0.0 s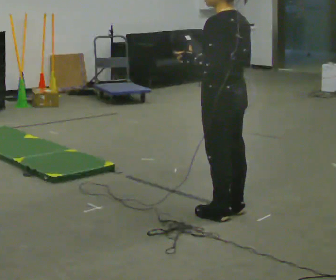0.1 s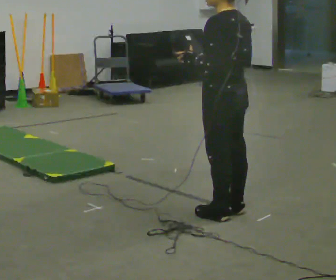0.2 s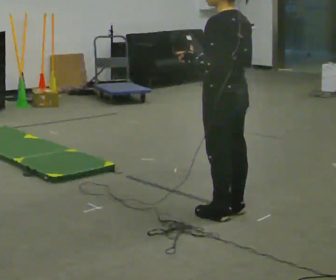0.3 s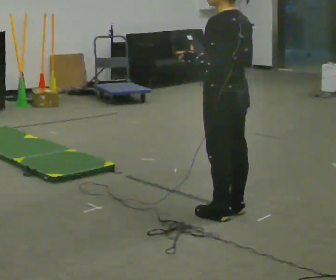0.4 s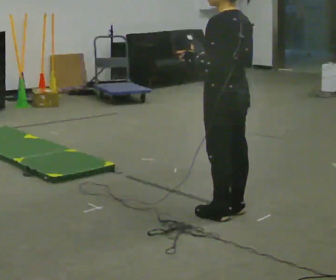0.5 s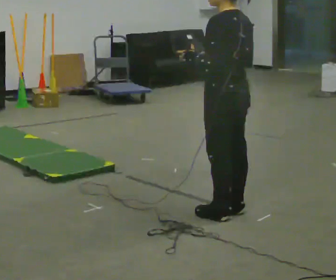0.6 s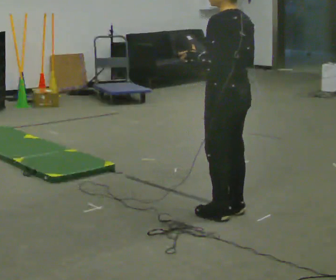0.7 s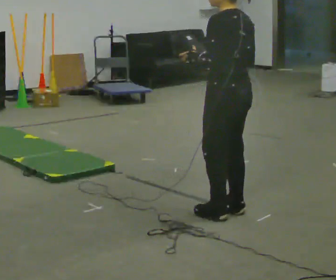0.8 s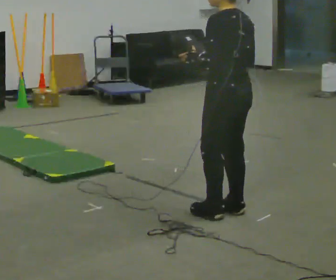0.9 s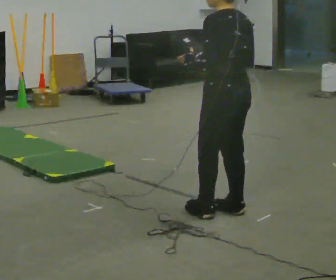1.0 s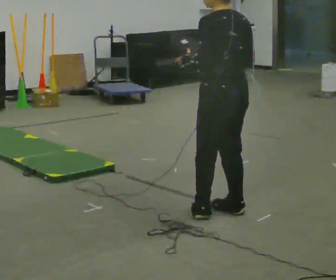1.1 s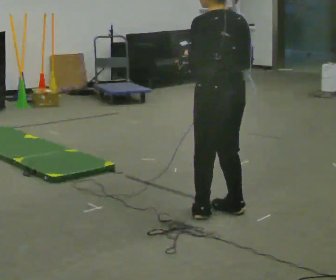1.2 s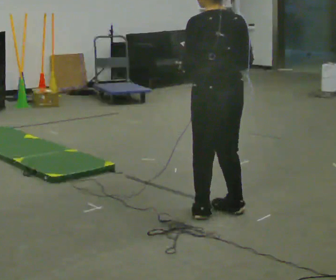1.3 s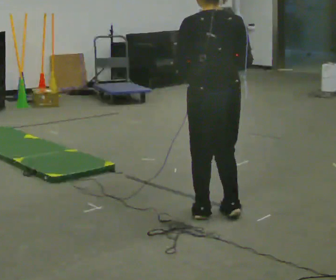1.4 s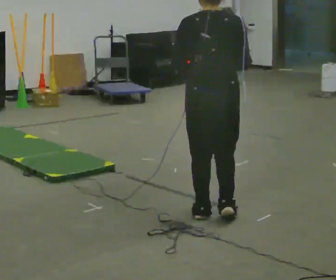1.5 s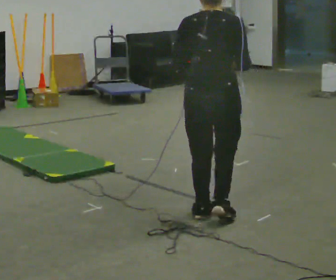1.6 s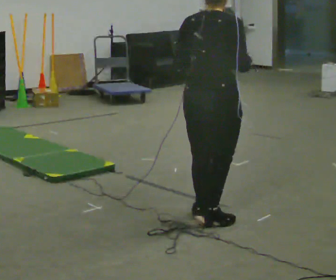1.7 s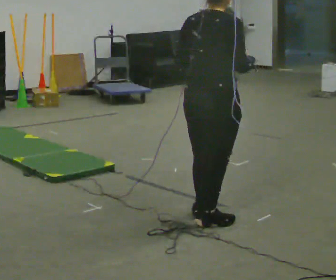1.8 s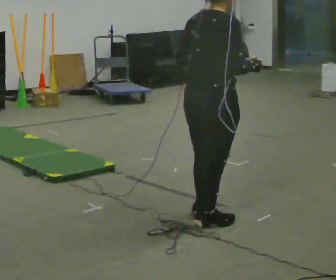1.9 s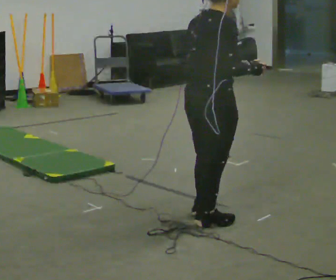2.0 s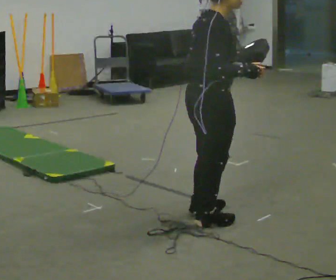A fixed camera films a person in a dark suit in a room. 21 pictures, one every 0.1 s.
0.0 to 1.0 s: The person moves a little, or ends about where they began.
1.0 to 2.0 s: Seen from above the body turns clockwise, about 120 degrees: to their right, with its near side sliding to the left.
The film runs backward here.
